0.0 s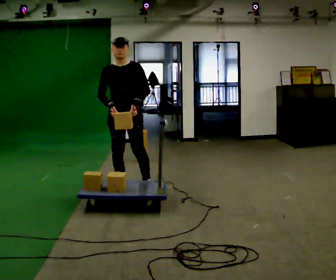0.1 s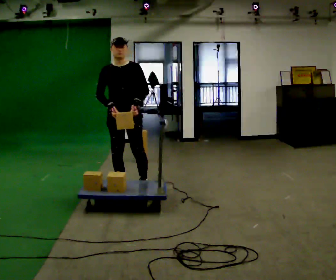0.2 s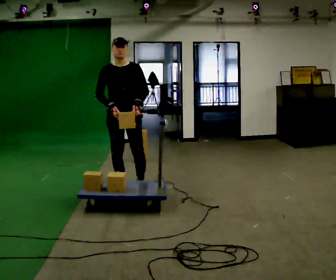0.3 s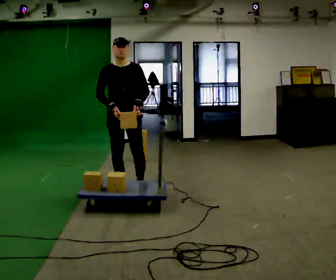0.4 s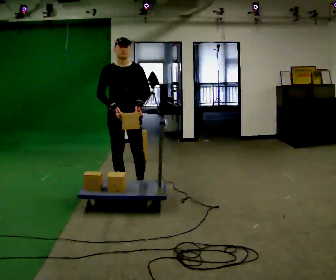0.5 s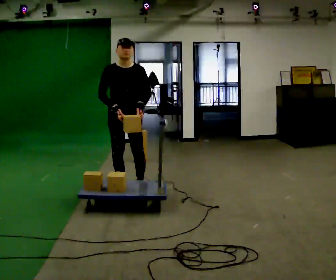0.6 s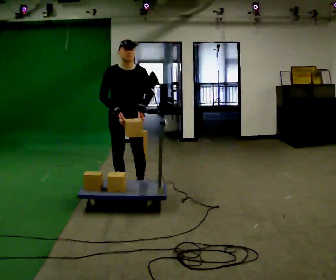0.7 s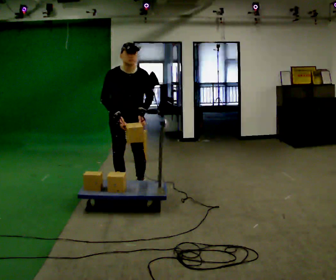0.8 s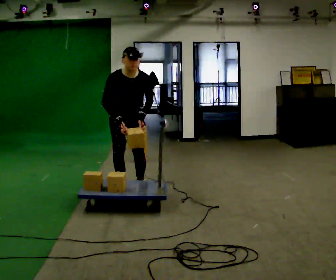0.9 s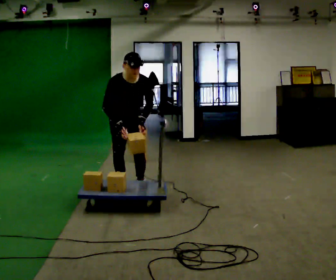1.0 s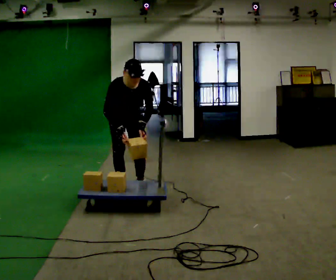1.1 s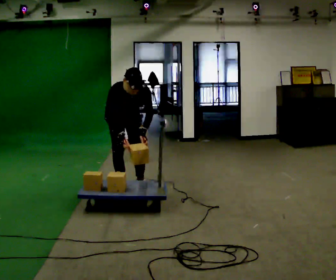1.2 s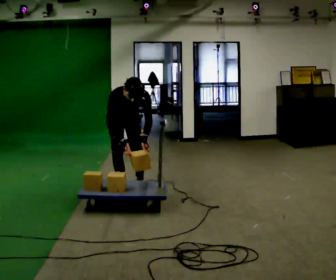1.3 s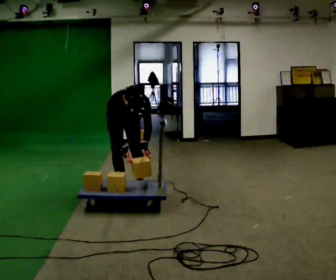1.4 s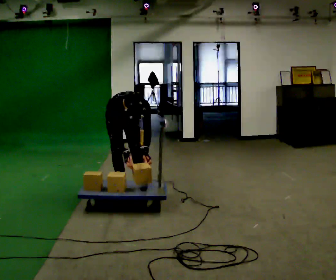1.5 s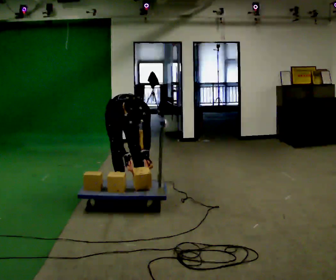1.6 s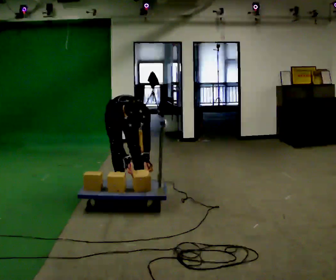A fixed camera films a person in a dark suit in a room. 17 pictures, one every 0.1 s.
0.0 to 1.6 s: The person turns about 30 degrees to their left, counterclockwise seen from above, so the part of the body nearest the lens slides to the right. The shoulders move downward. The upper body tips toward the camera, its near side rolling downward, as they bend forward. In the picture their right hand goes downward.
The film runs backward here.
